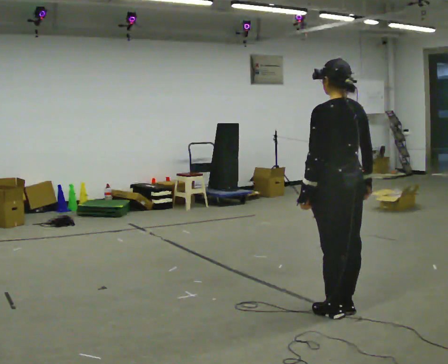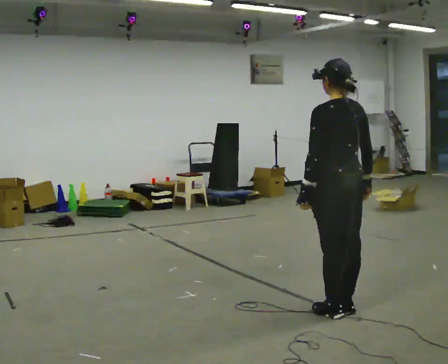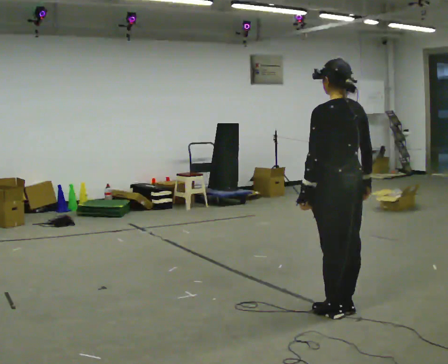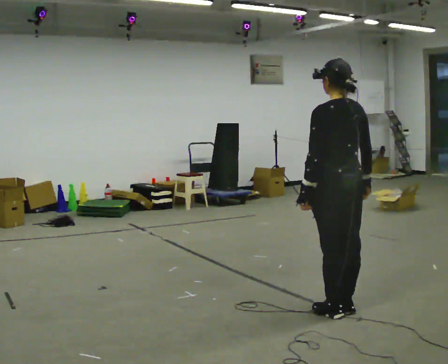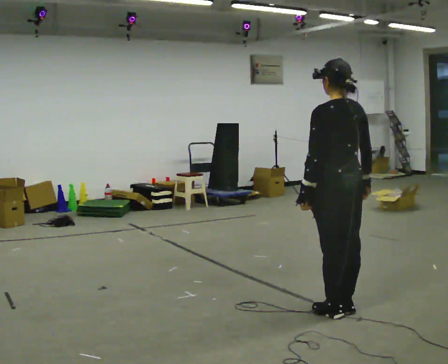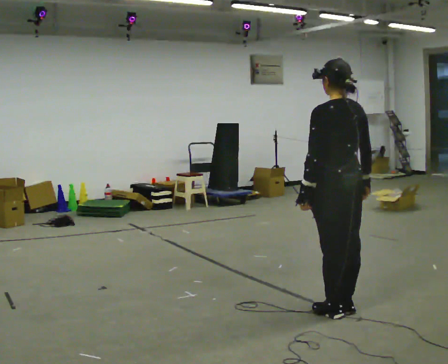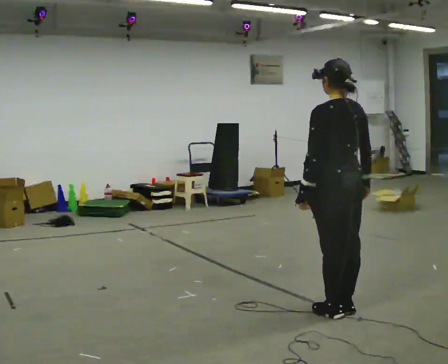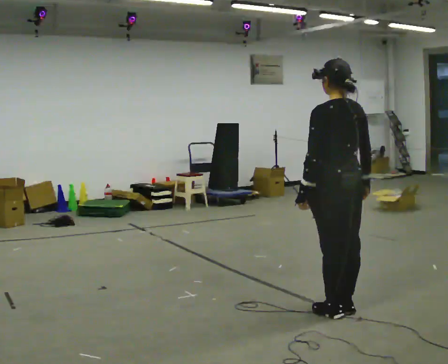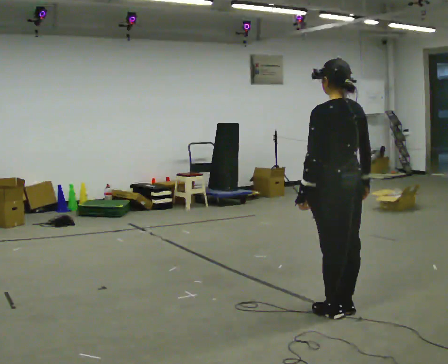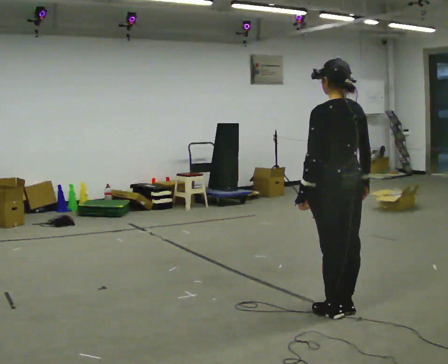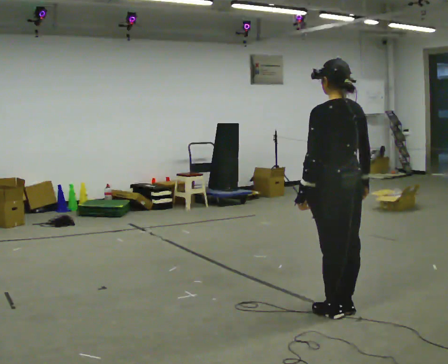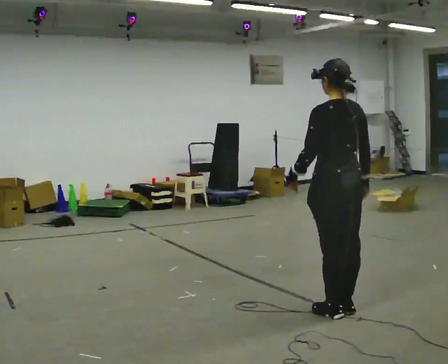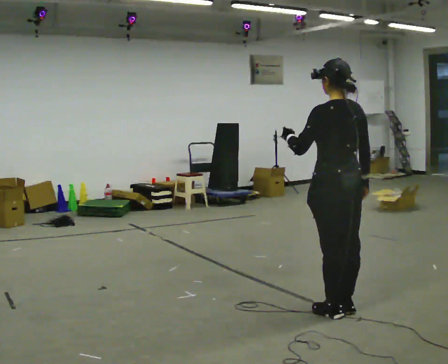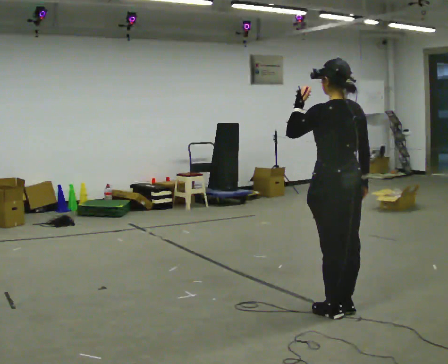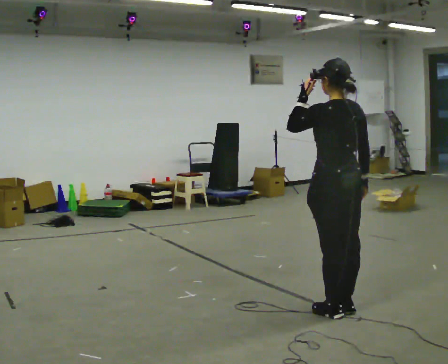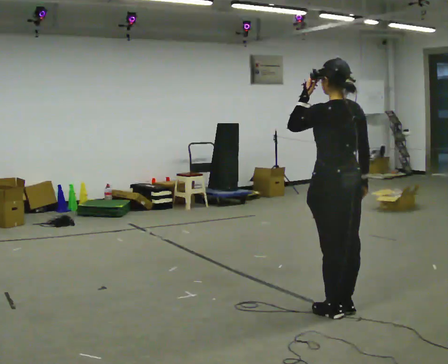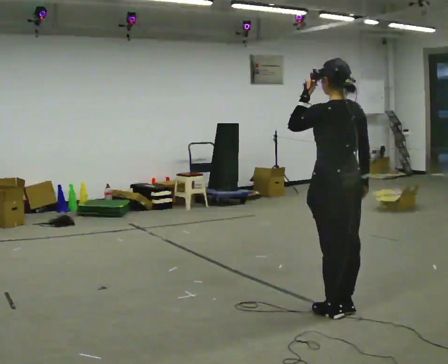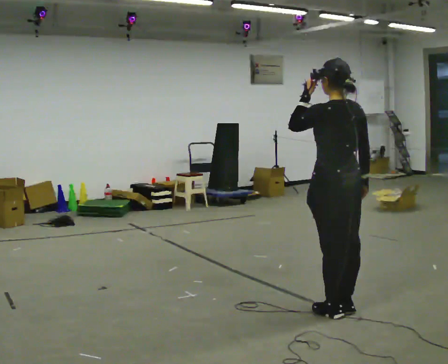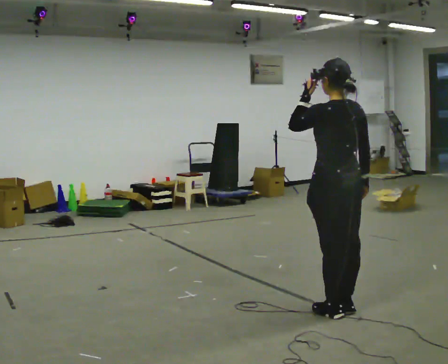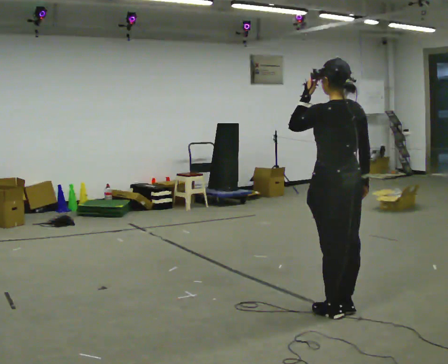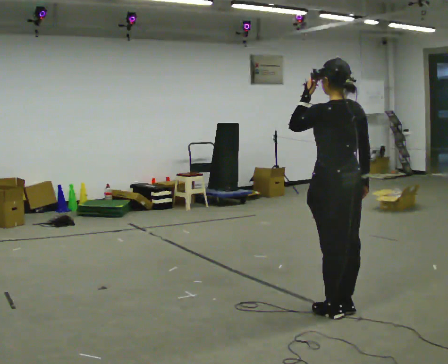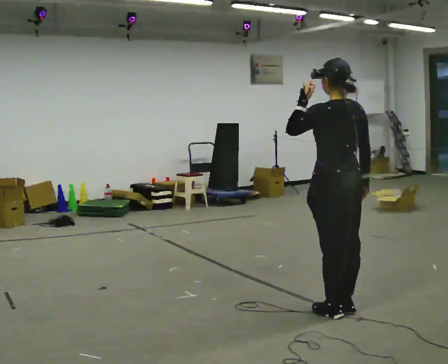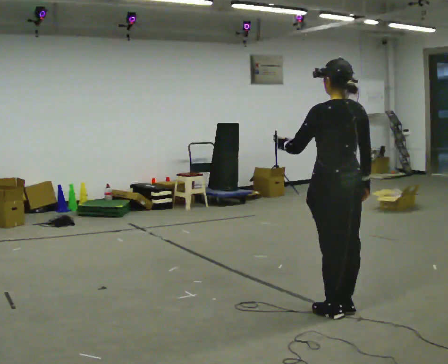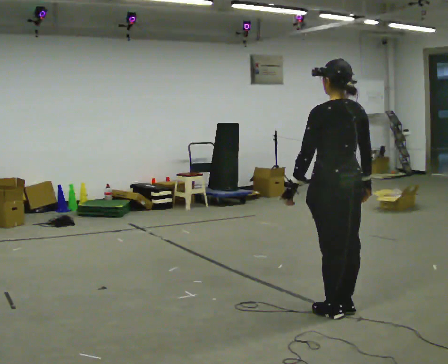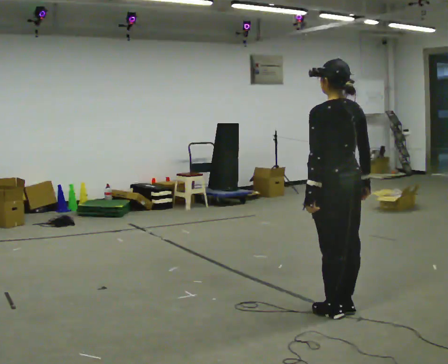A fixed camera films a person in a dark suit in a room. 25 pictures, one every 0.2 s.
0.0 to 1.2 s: The person keeps their place and pose.
1.2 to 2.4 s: In the picture their left hand goes upward.
2.4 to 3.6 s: The person moves a little, or ends about where they began.
3.6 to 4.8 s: In the picture their left hand goes downward.
The film runs forward here.
